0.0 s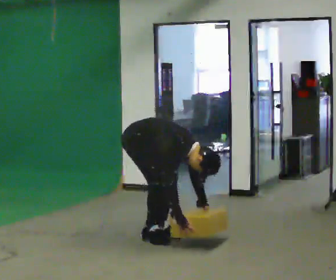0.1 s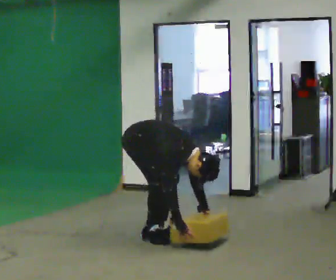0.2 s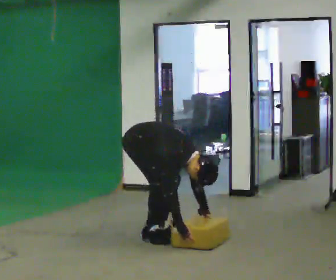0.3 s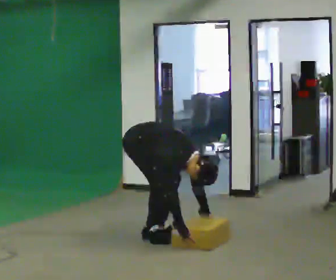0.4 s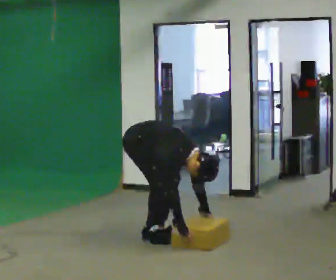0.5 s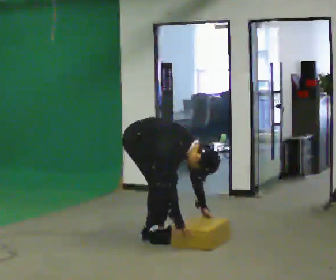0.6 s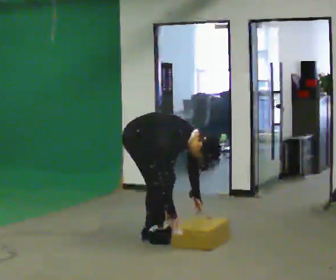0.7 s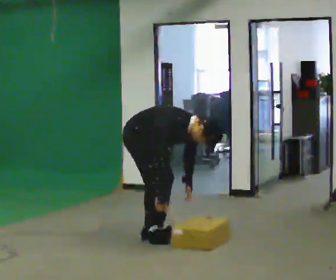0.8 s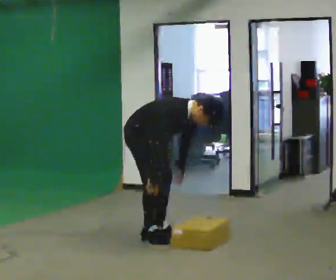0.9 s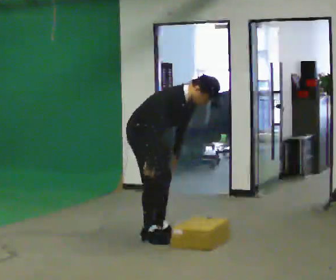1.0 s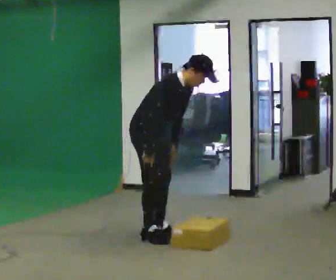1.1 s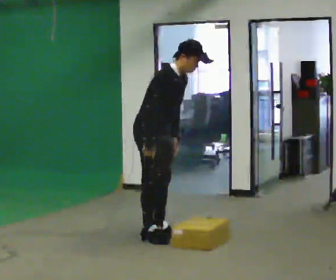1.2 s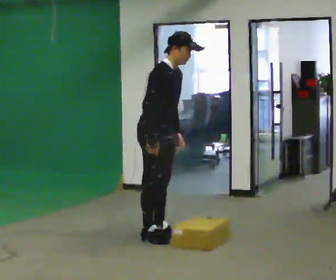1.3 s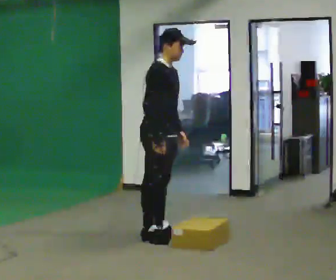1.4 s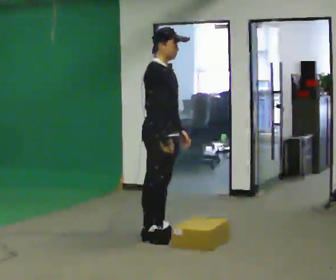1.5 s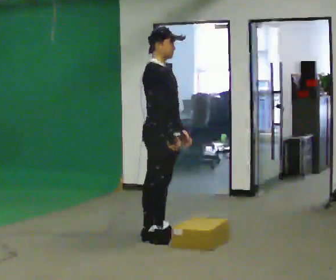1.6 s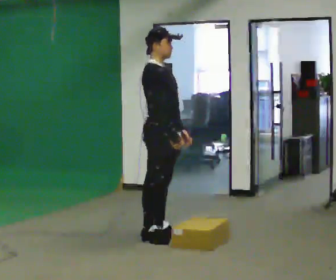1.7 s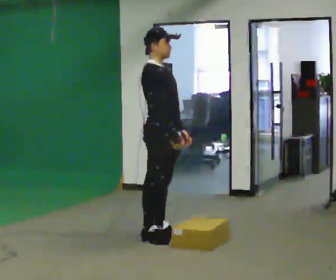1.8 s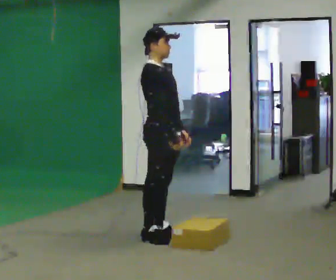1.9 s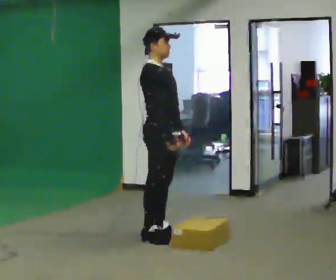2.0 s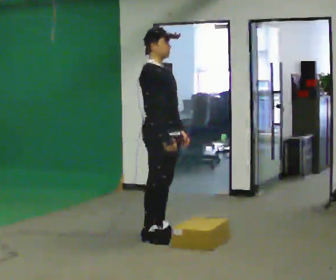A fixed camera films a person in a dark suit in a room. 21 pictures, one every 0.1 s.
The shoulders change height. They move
upward.
Their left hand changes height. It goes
upward.
0.0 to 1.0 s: The shoulders move upward. In the picture the upper body tilts counterclockwise, shoulders to the left, as they lean back or straighten. In the picture their right hand goes upward.
1.0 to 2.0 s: In the picture the upper body tilts counterclockwise, shoulders to the left, as they lean back or straighten.
The film runs forward here.
